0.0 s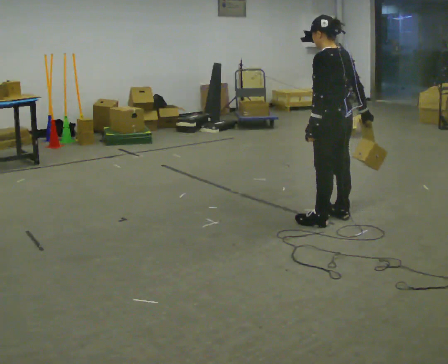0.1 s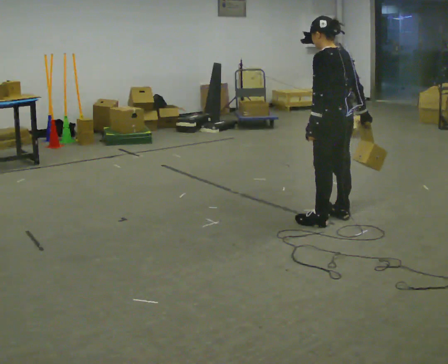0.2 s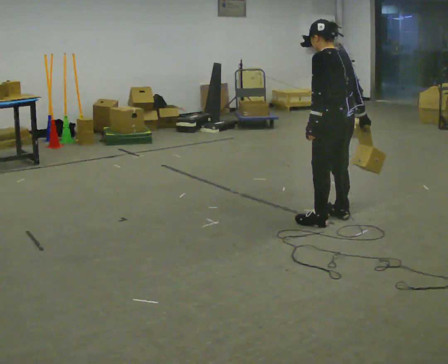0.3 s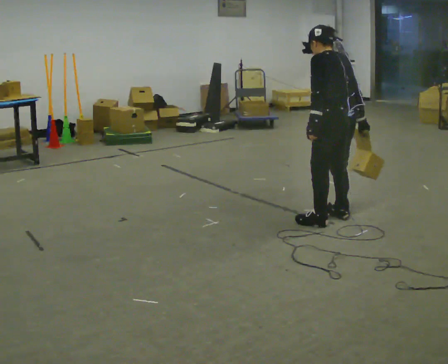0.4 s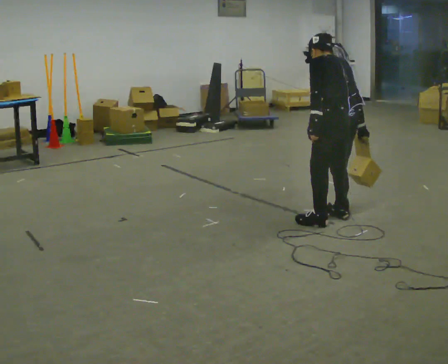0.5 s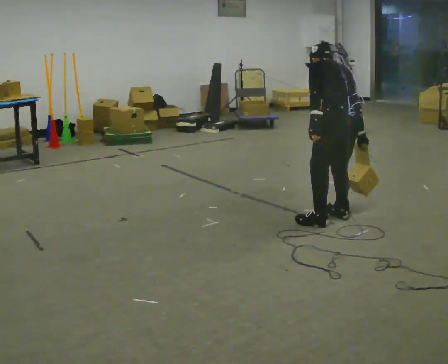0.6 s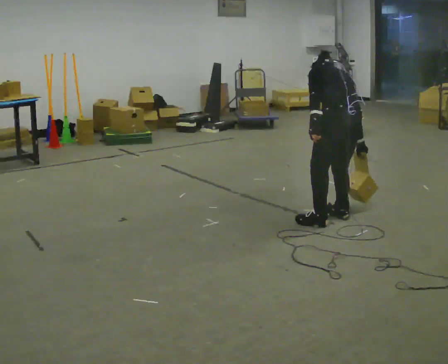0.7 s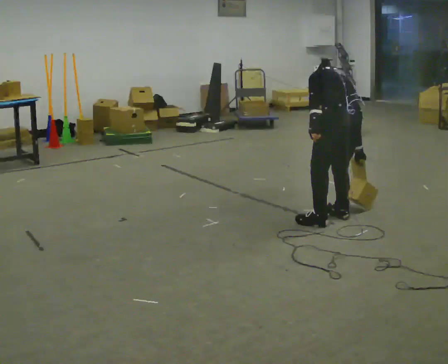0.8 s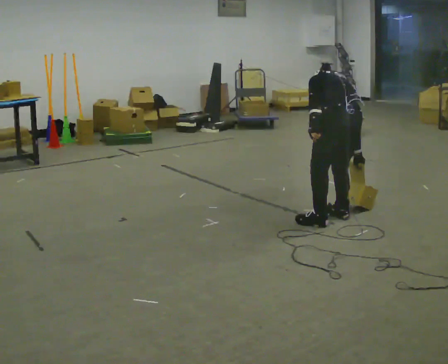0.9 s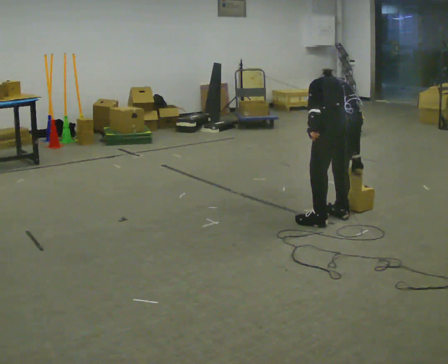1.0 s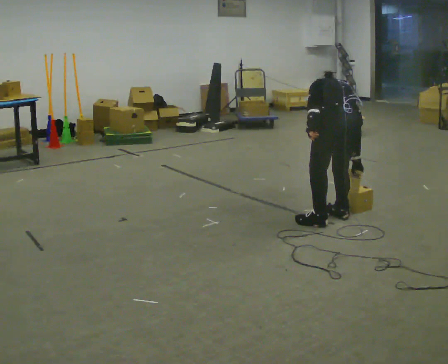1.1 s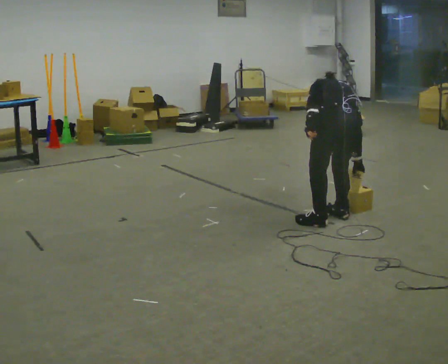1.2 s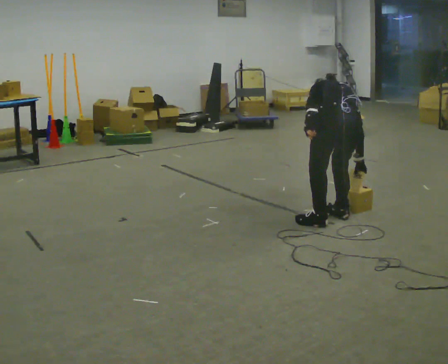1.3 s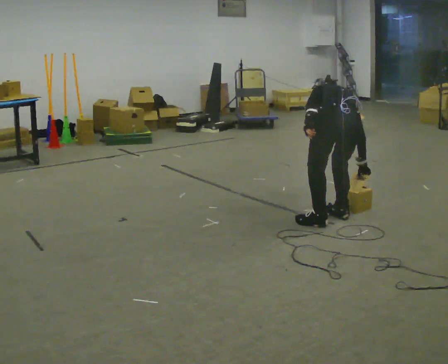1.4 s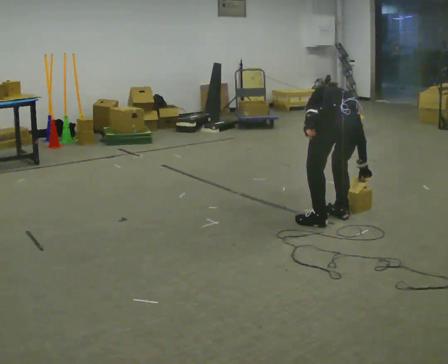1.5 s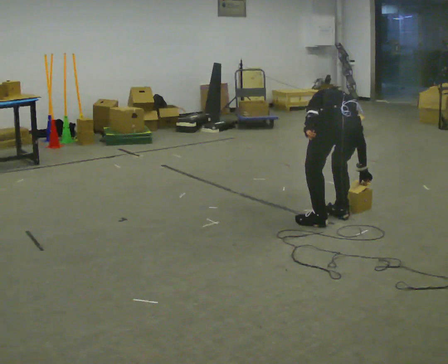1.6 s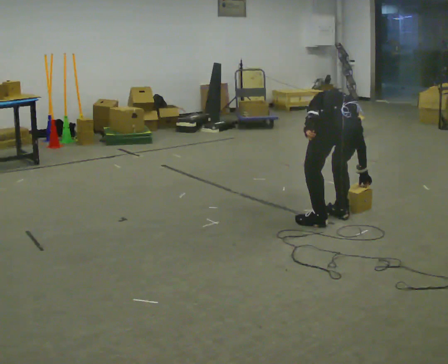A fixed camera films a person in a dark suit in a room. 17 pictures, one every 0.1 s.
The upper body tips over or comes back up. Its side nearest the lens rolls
upward.
The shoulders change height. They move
downward.
0.0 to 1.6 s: The part of the body nearest the lens slides to the left as the person turns to their right by about 45 degrees. The upper body goes downward. The upper body tips away from the camera, its near side rolling upward, as they bend forward.
The film runs backward here.
